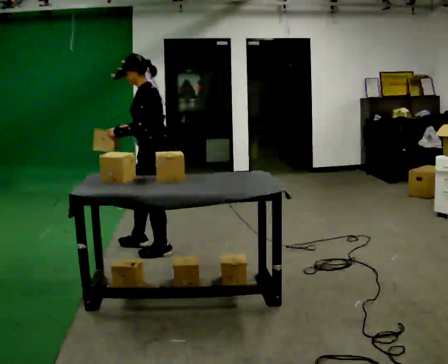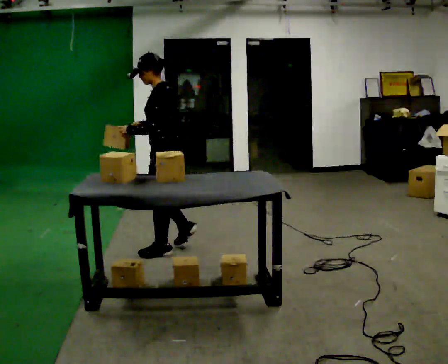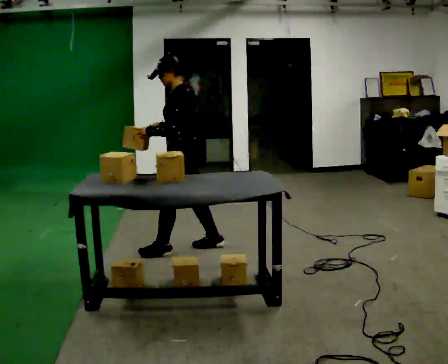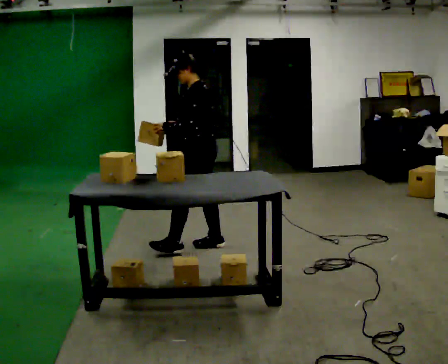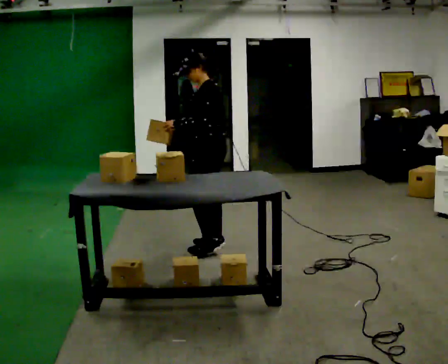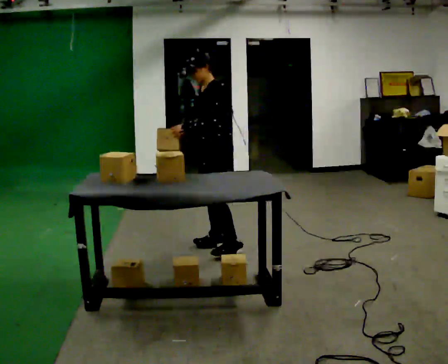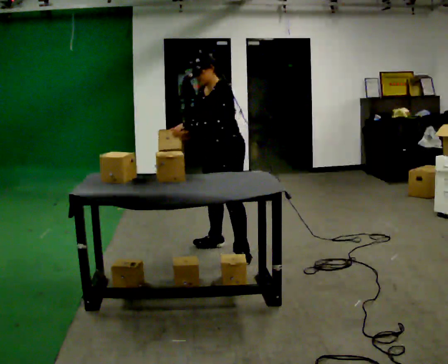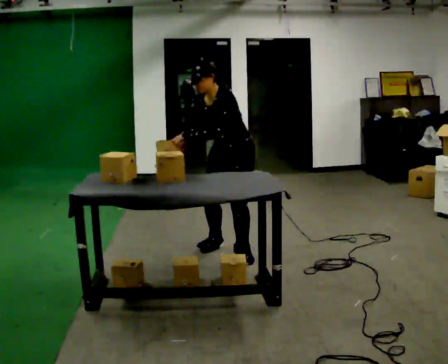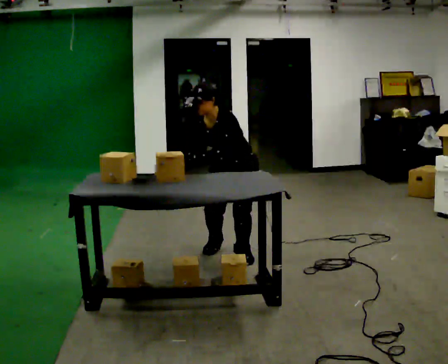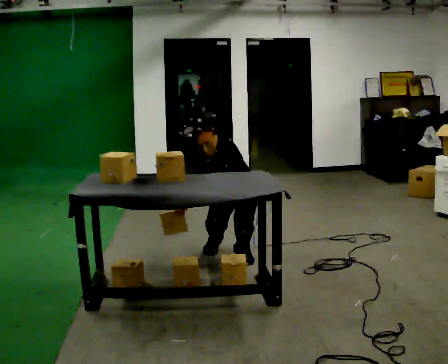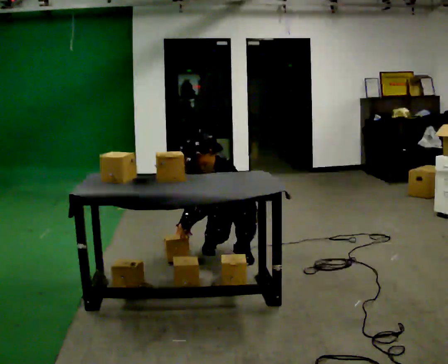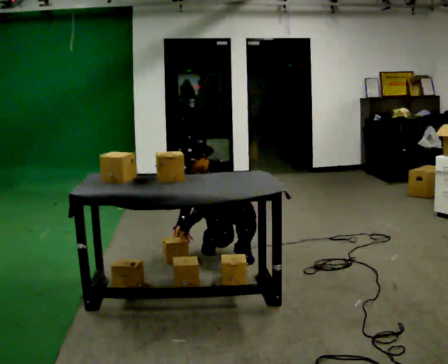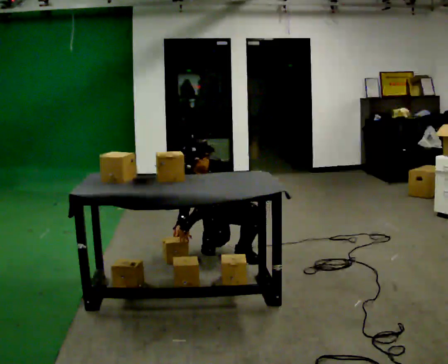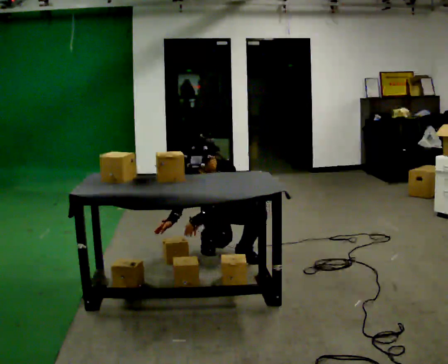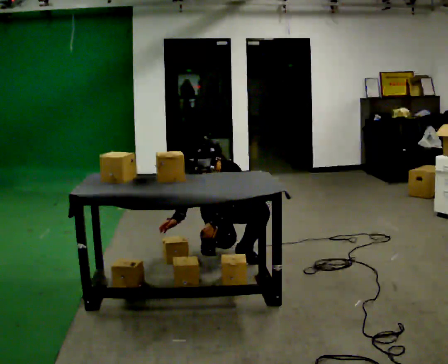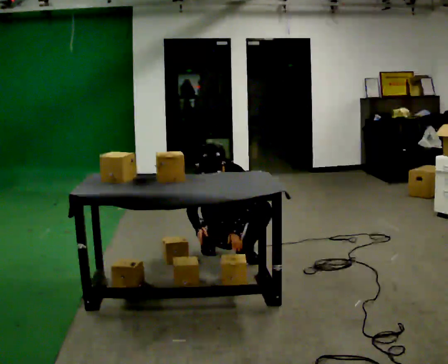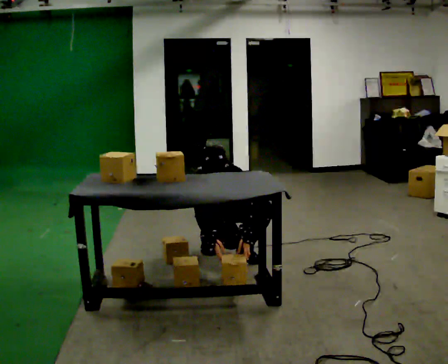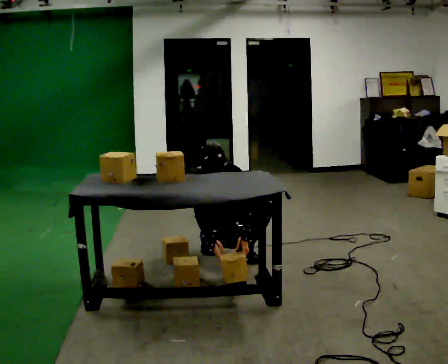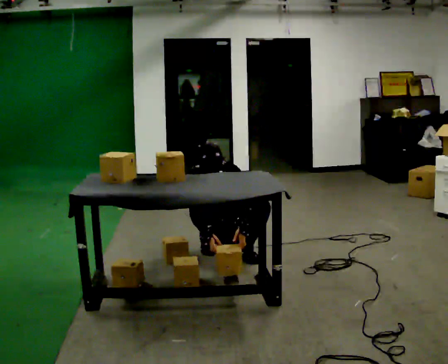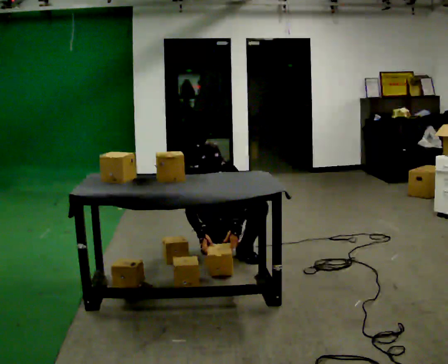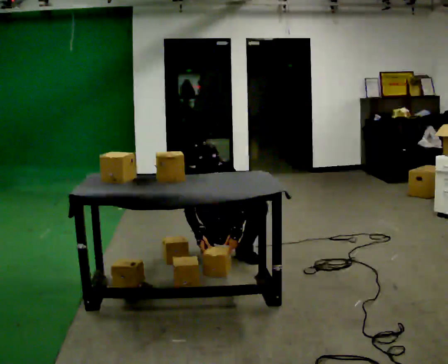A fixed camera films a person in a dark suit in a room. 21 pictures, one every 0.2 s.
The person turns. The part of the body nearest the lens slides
to the right.
The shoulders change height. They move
downward.
0.0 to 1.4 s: The person turns about 30 degrees to their left, counterclockwise seen from above, so the part of the body nearest the lens slides to the right. In the picture they go to the right, about 0.5 m in 1 step, which for them is backward.
1.4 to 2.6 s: The person turns about 45 degrees to their left, counterclockwise seen from above, so the part of the body nearest the lens slides to the right. The upper body goes downward. In the picture their left hand goes downward.
2.6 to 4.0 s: The person moves a little, or ends about where they began.
The film runs backward here.
